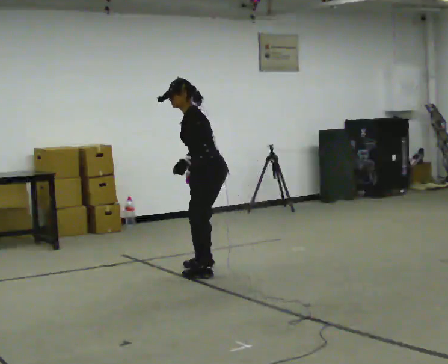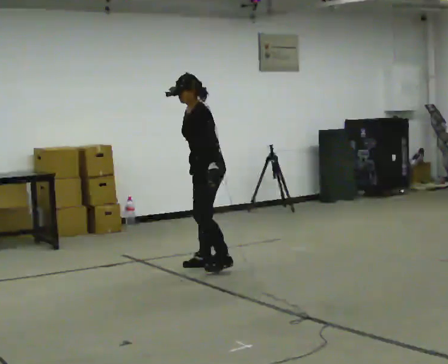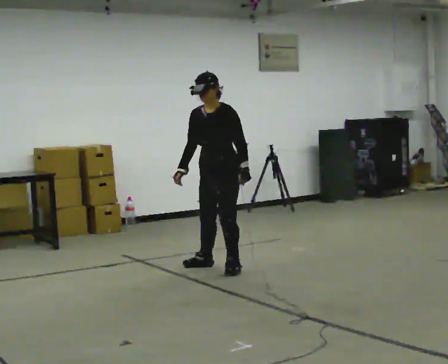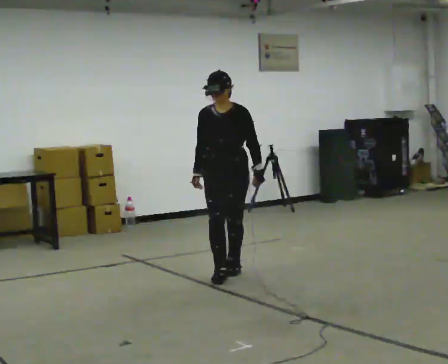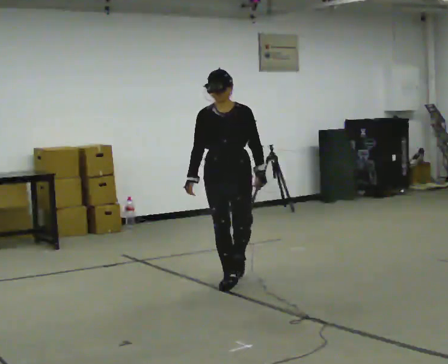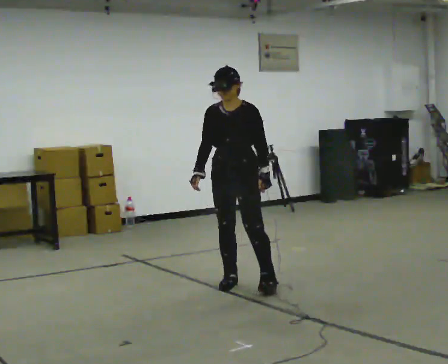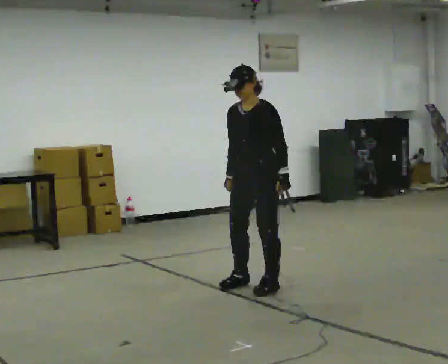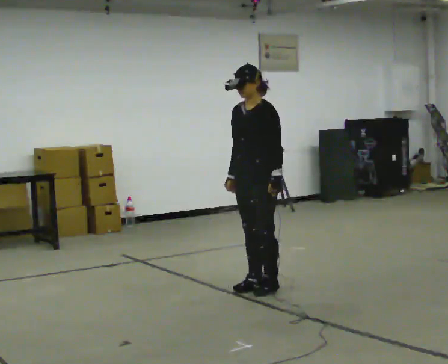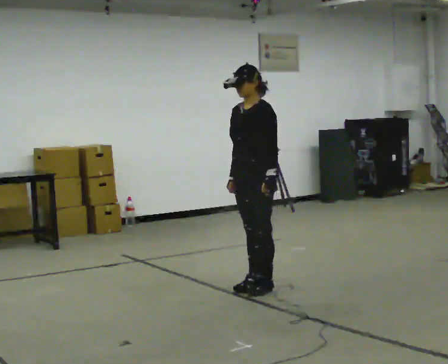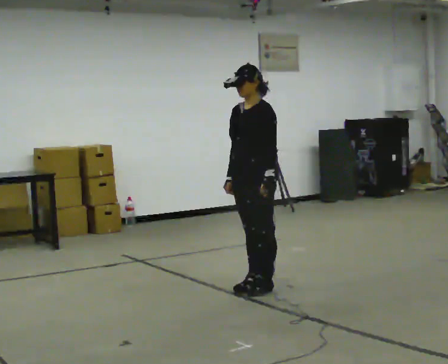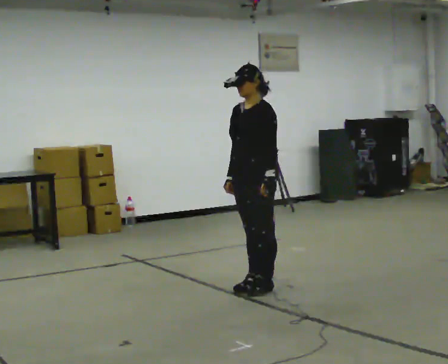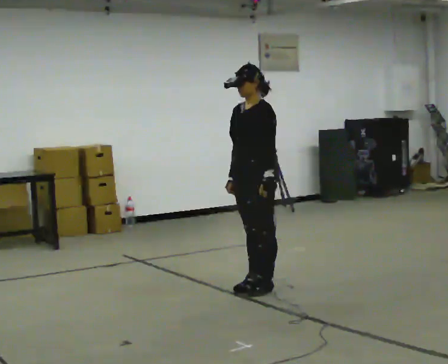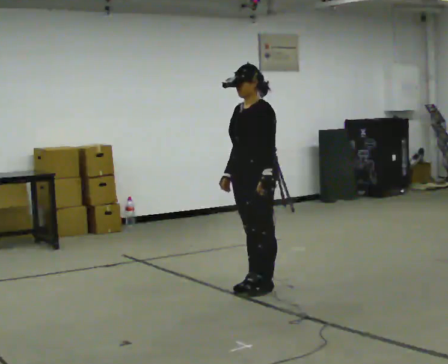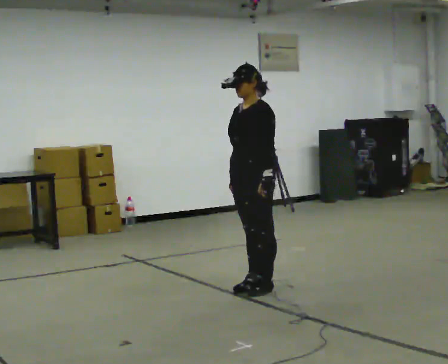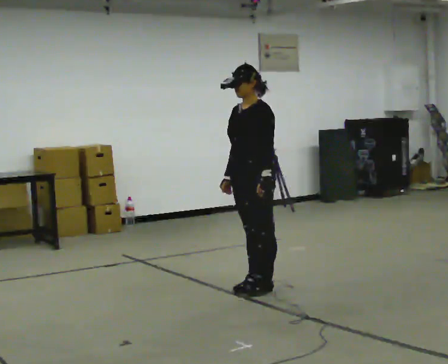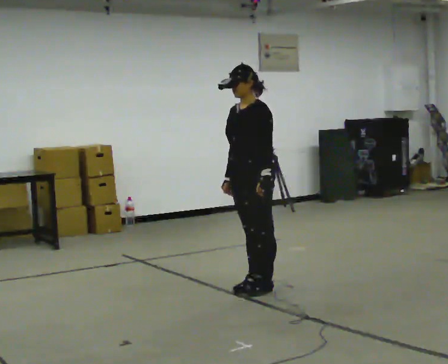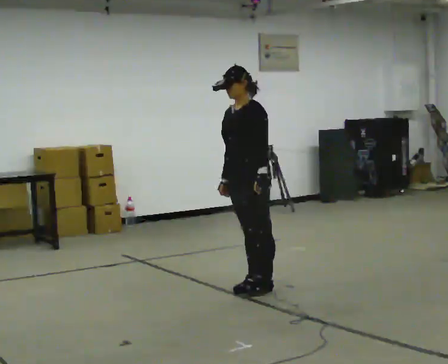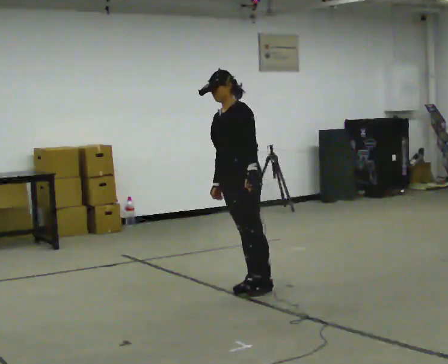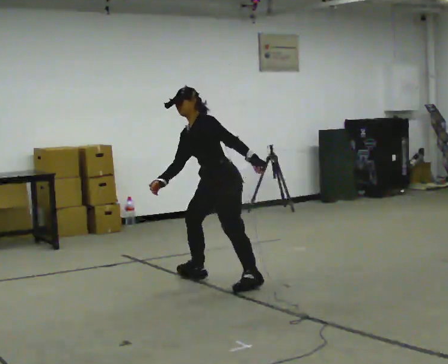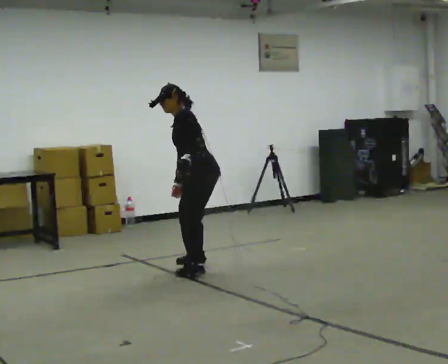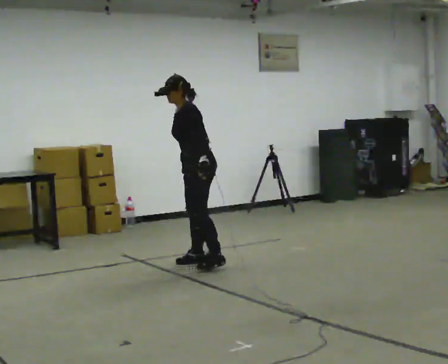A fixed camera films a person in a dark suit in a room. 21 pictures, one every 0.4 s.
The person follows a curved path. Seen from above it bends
clockwise.
0.0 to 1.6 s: The part of the body nearest the lens slides to the right as the person turns to their left by about 75 degrees. In the picture they go toward the camera and to the right, about 0.25 m in 3 steps. In the picture the upper body tilts clockwise, shoulders to the right, as they lean back or straighten.
1.6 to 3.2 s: The person turns about 45 degrees to their right, clockwise seen from above, so the part of the body nearest the lens slides to the left. In the picture they go toward the camera and to the right, about 0.25 m in 2 steps, which for them is to their left.
3.2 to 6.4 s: The person moves a little, or ends about where they began.
6.4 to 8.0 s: In the picture they go away from the camera and to the left, about 1 m in 2 steps, which for them is to their right and forward.
The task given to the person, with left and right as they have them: Stand on the marked spots. Lean to the side the operator calls until you cannot hold it, then step to catch yourself. Return to the spots. Repeat at your own pace until the operator says stop. Go slowly and only as far as you are comfortable. Step whenever you need to; do not try to hold on longer than feels safe.
The film runs forward here.
